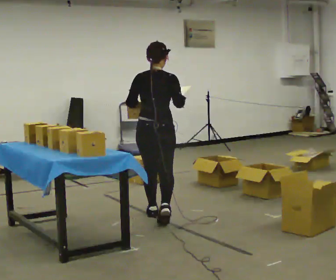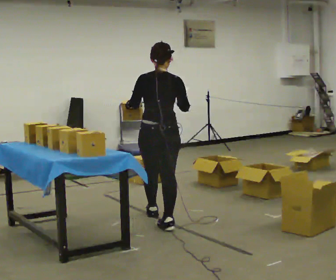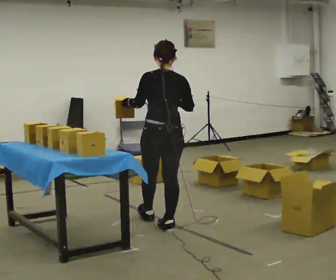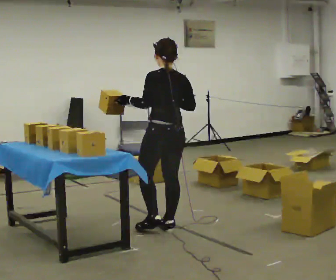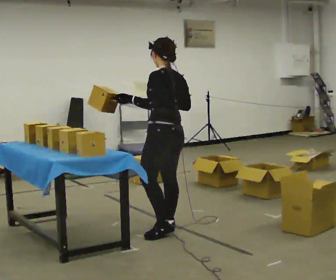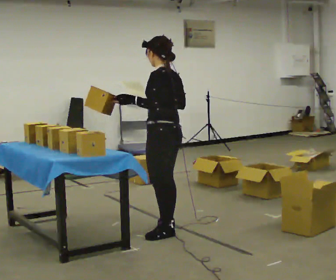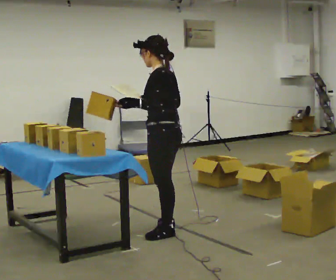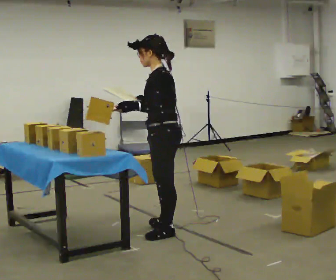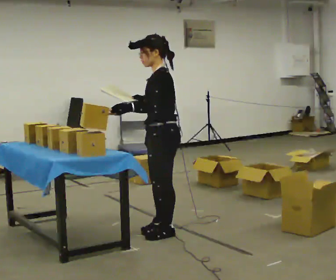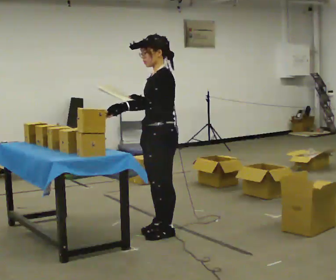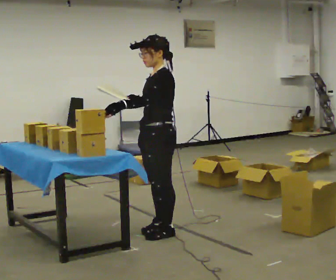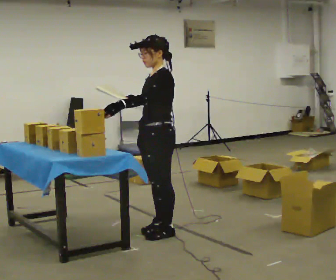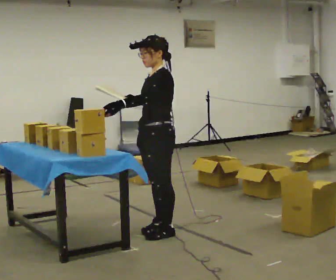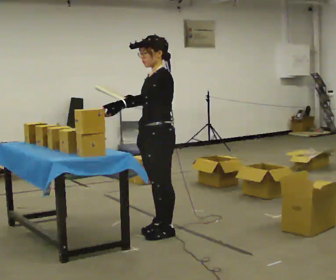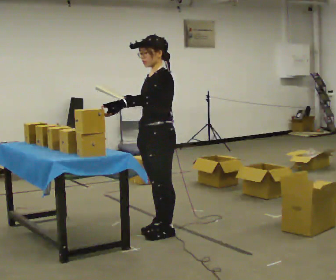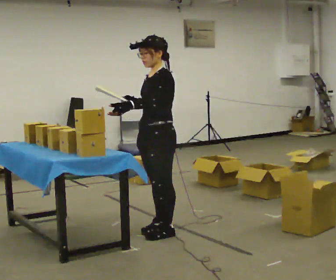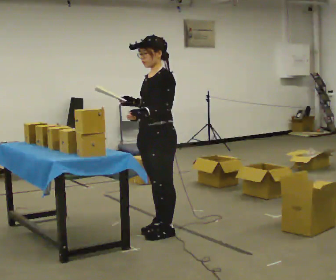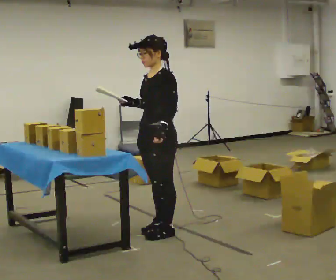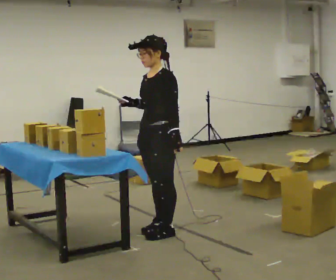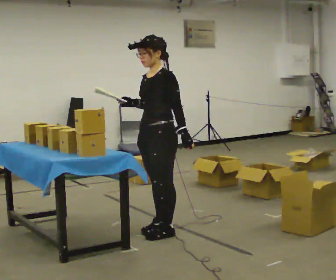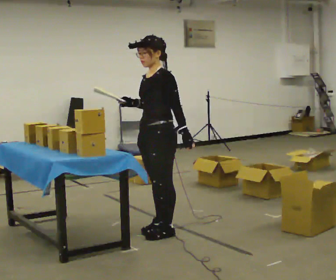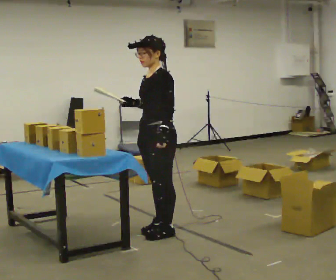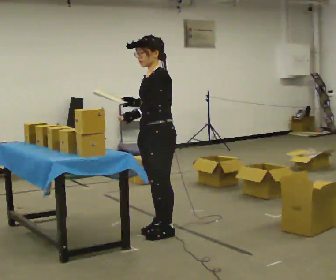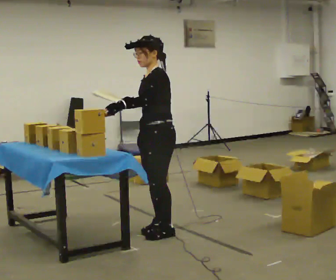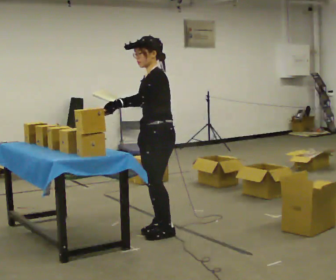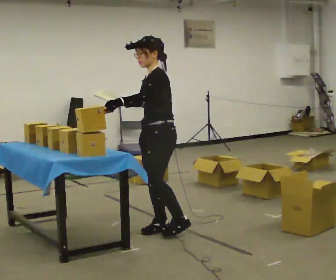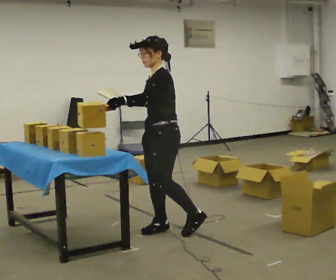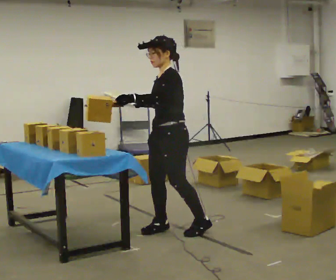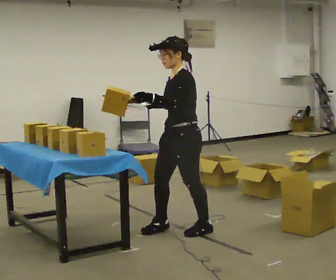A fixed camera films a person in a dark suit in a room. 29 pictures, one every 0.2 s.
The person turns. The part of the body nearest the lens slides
to the right.
The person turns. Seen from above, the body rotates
counterclockwise.
0.0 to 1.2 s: The part of the body nearest the lens slides to the right as the person turns to their left by about 75 degrees. In the picture they go toward the camera, about 0.5 m in 1 step.
1.2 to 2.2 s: The part of the body nearest the lens slides to the right as the person turns to their left by about 30 degrees.
2.2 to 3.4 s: In the picture their left hand goes to the right.
3.4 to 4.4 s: The person moves a little, or ends about where they began.
4.4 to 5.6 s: In the picture they go to the right, about 0.25 m in 1 step, which for them is backward.
The film runs backward here.
